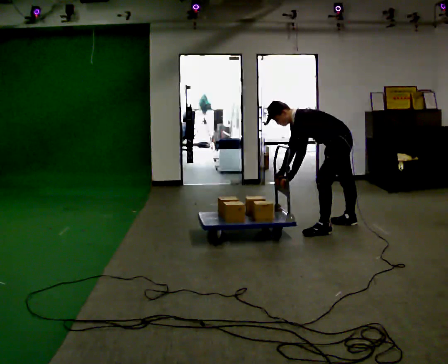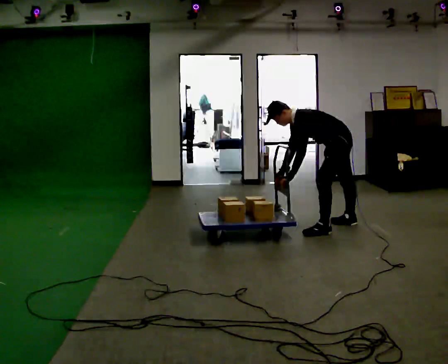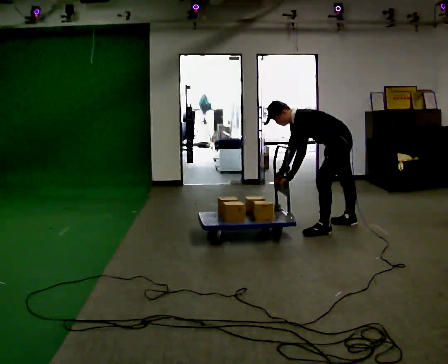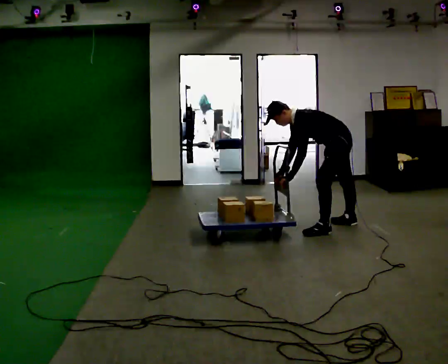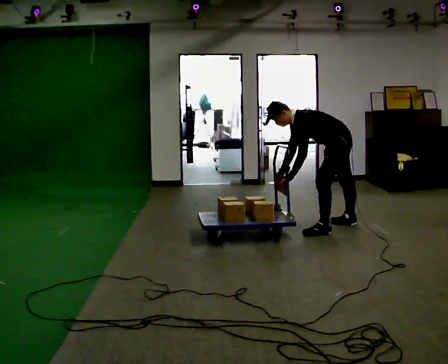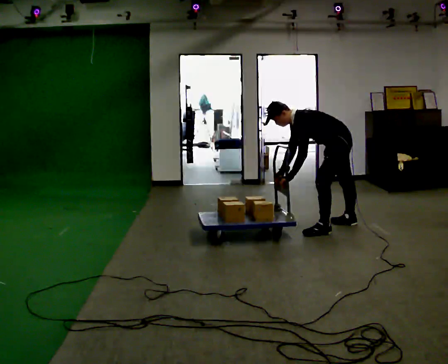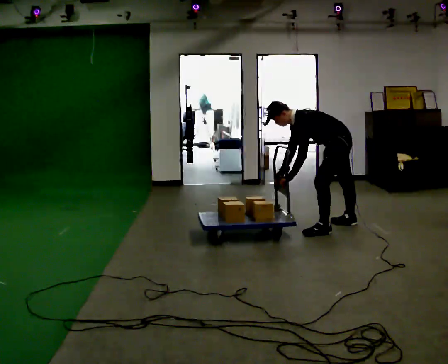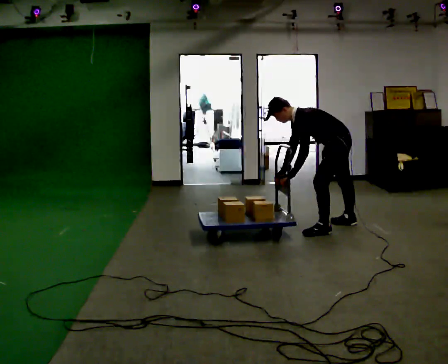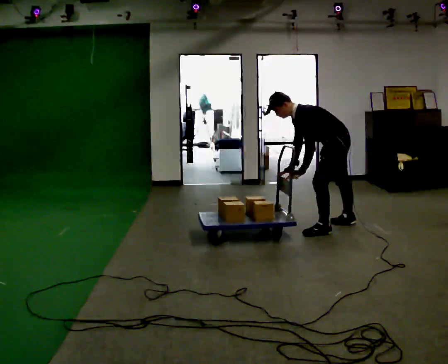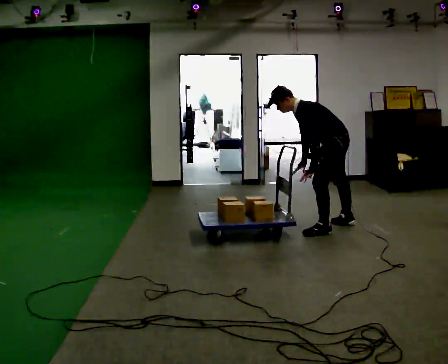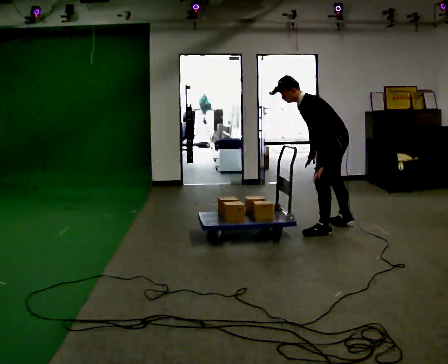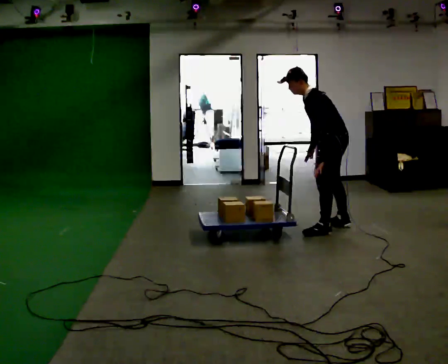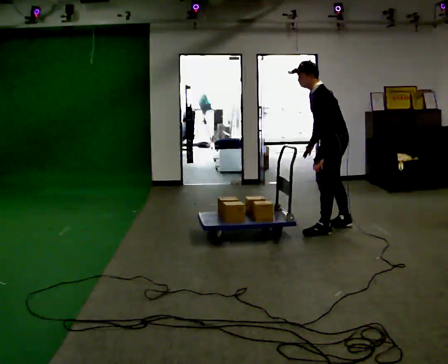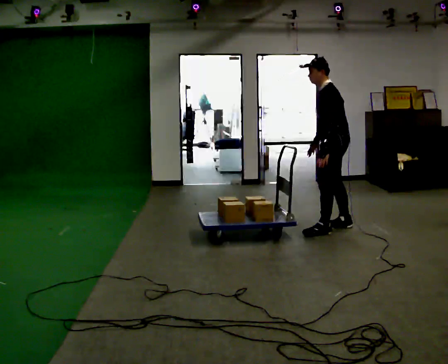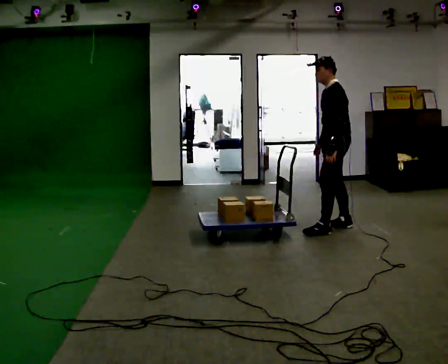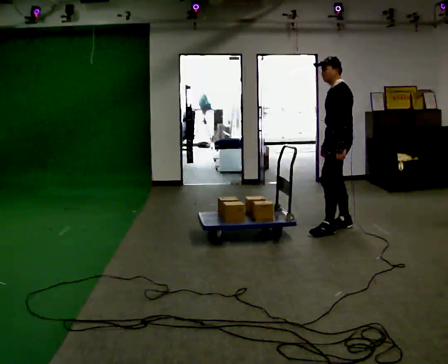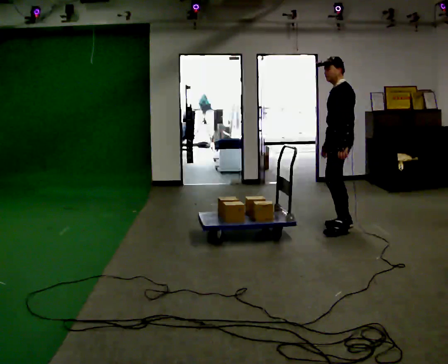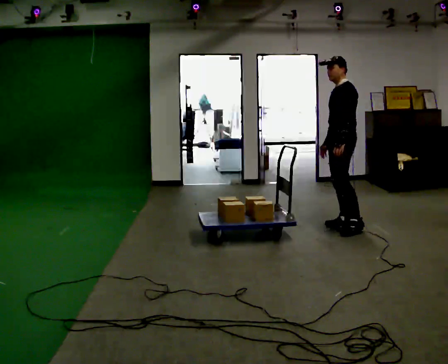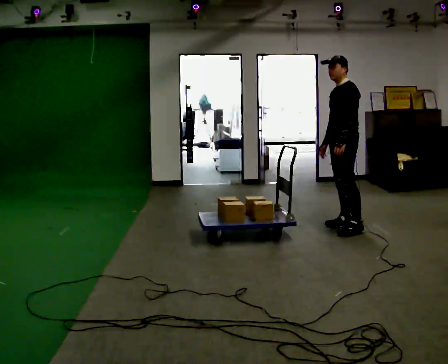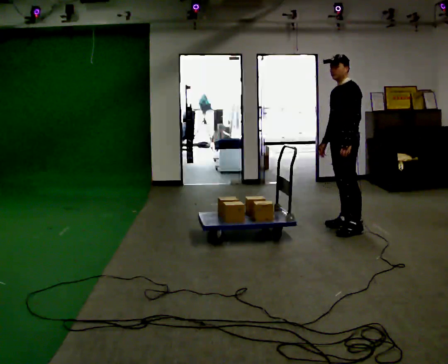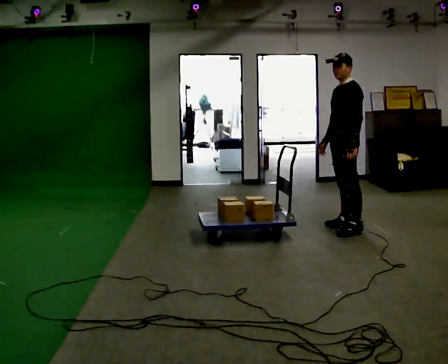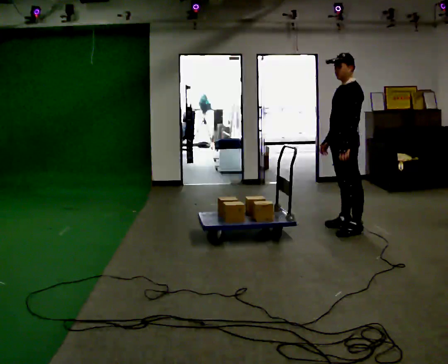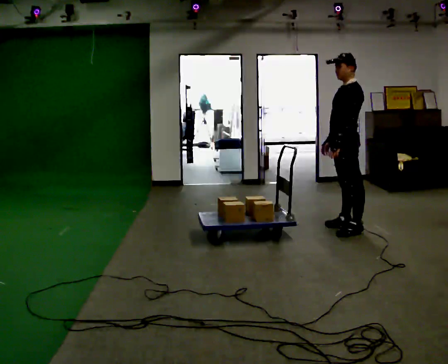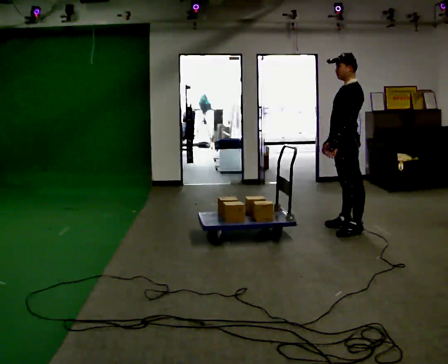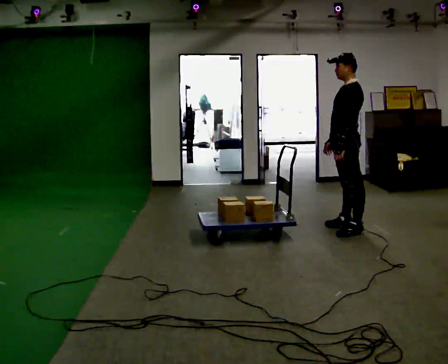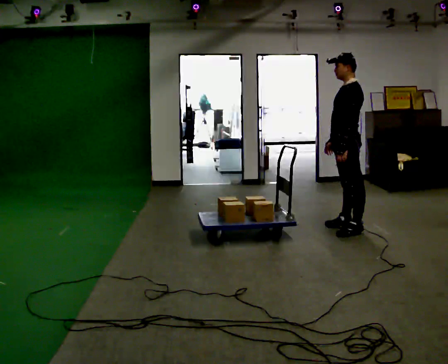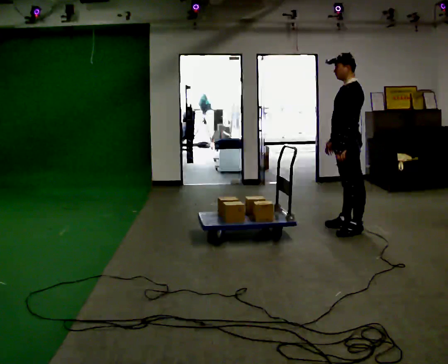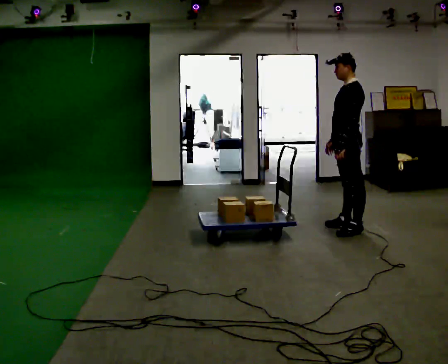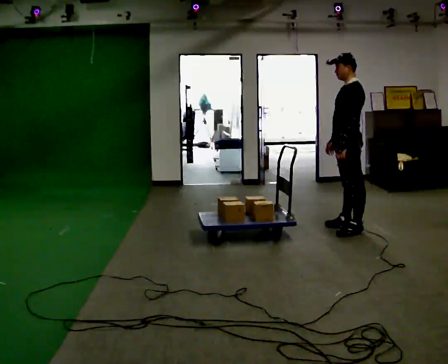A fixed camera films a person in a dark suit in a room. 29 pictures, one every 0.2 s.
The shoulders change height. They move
upward.
The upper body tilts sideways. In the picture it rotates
clockwise.
0.0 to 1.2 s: The person keeps their place and pose.
1.2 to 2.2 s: The upper body goes upward. In the picture the upper body tilts clockwise, shoulders to the right, as they lean back or straighten.
2.2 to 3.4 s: In the picture they go away from the camera, about 0.25 m in 1 step, which for them is to their right. In the picture the upper body tilts clockwise, shoulders to the right, as they lean back or straighten.
3.4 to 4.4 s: In the picture they go toward the camera, about 0.25 m, which for them is to their left.
4.4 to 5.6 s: The person moves a little, or ends about where they began.
The film runs forward here.
